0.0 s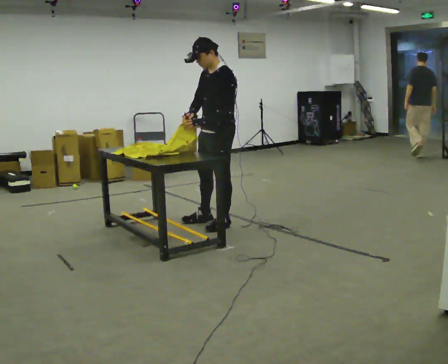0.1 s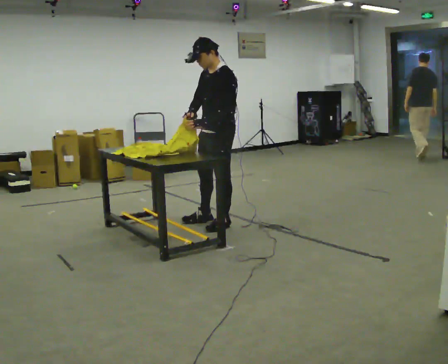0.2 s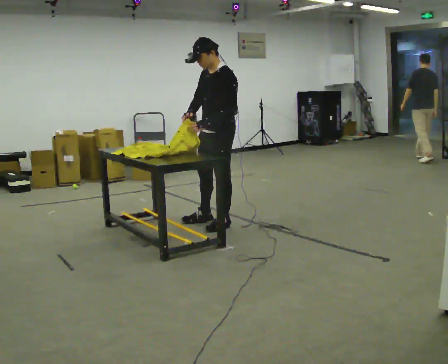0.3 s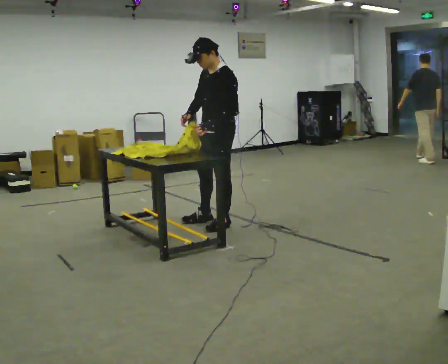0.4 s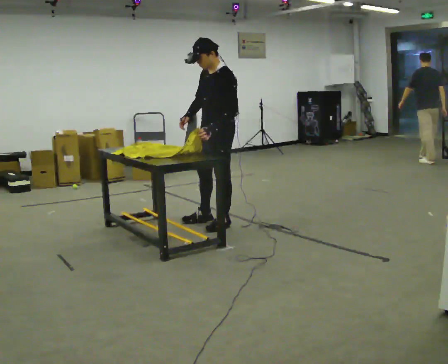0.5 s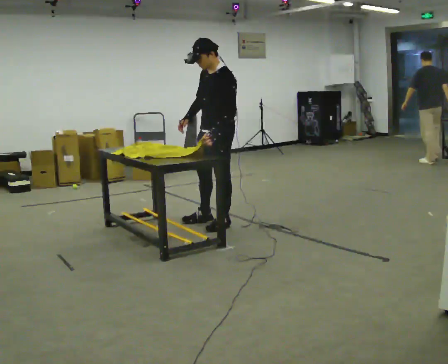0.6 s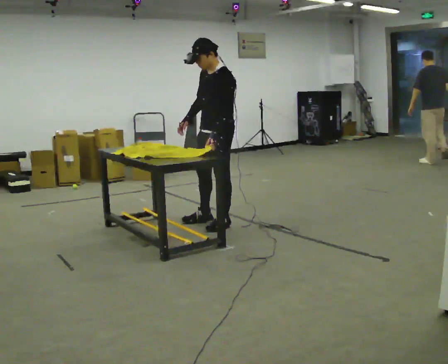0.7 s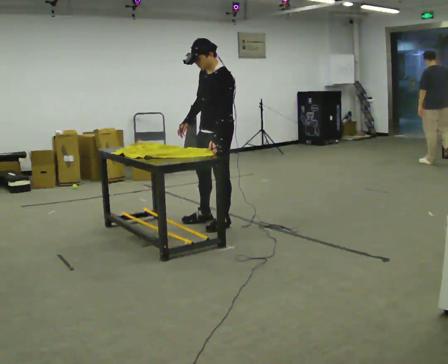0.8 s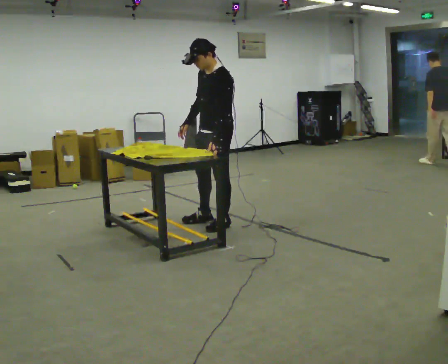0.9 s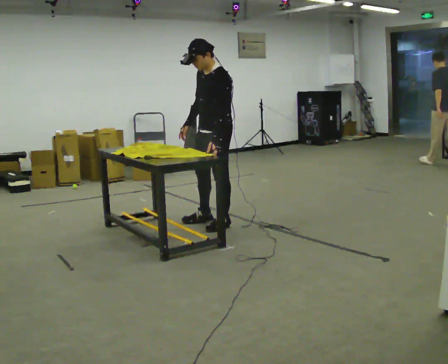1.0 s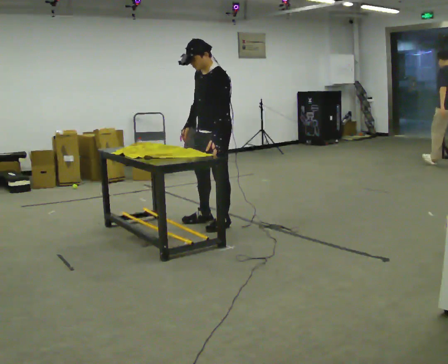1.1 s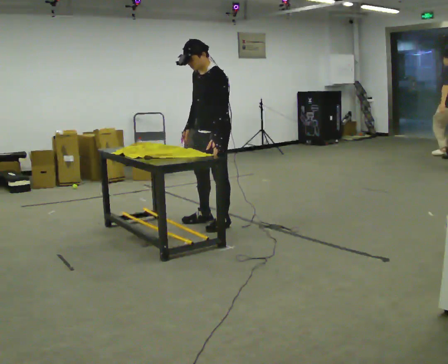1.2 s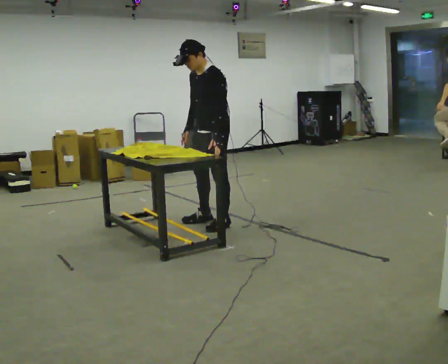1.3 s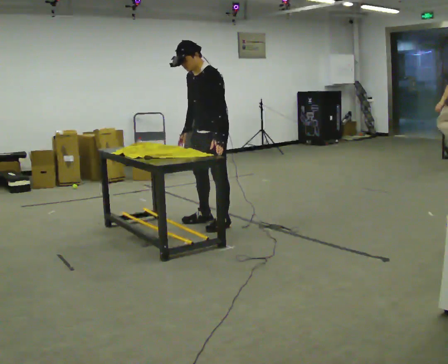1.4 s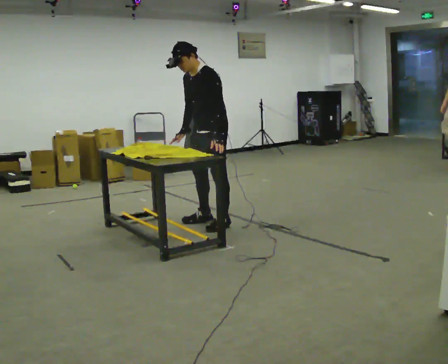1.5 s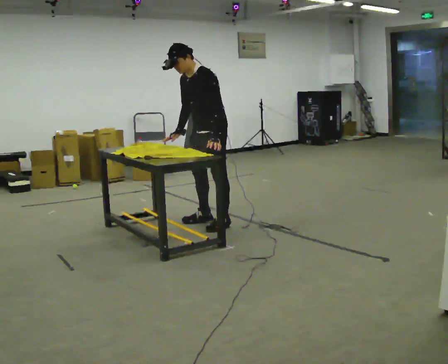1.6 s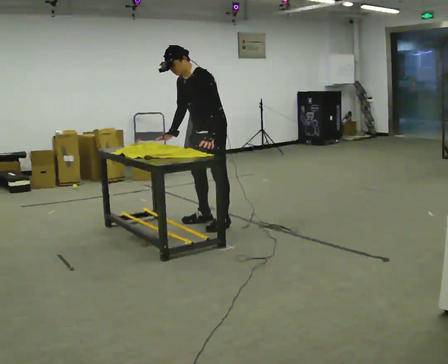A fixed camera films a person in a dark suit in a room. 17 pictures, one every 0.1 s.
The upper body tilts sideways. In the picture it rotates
counterclockwise.
0.0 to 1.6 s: In the picture the upper body tilts counterclockwise, shoulders to the left, as they bend forward.
The film runs backward here.
